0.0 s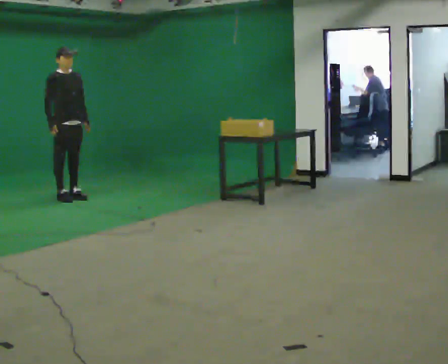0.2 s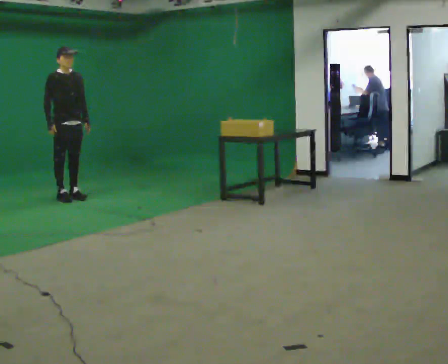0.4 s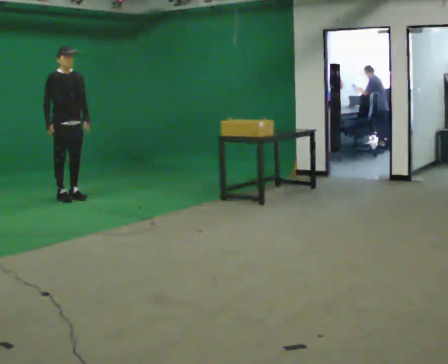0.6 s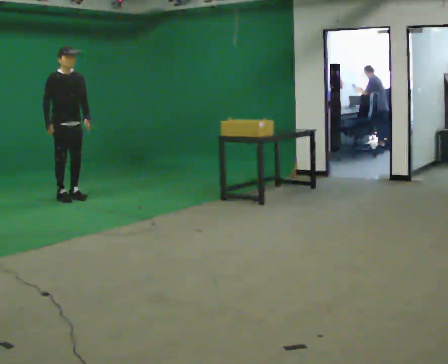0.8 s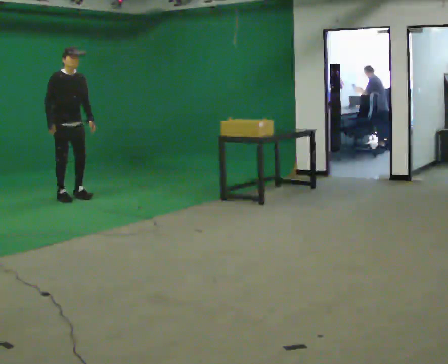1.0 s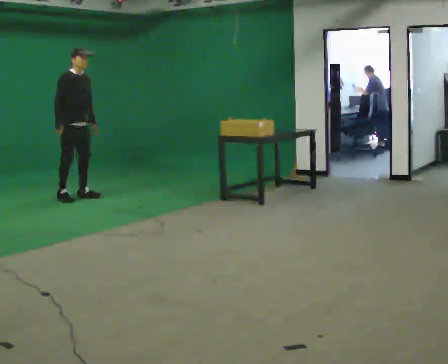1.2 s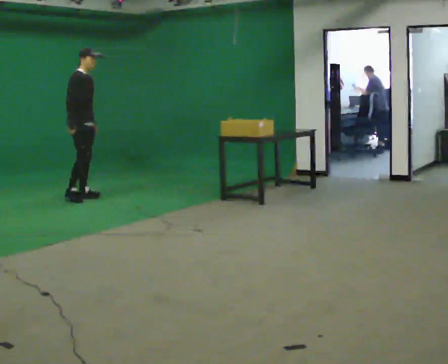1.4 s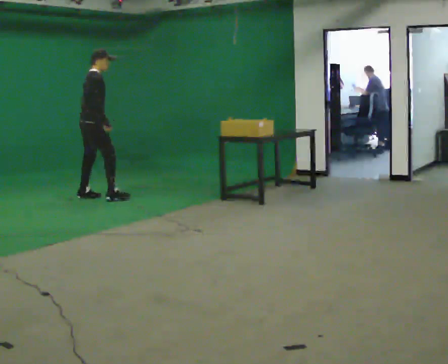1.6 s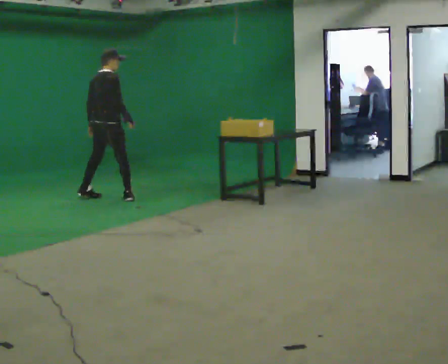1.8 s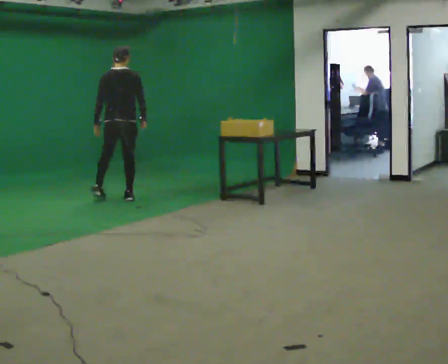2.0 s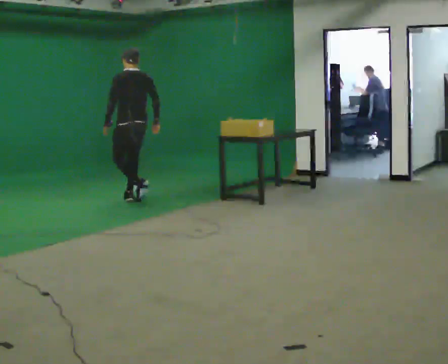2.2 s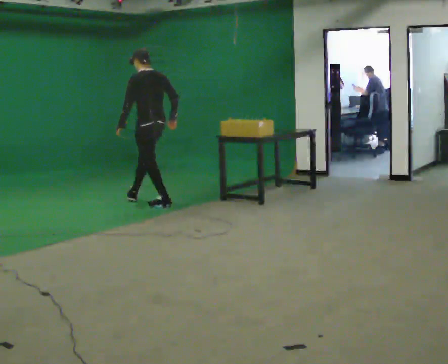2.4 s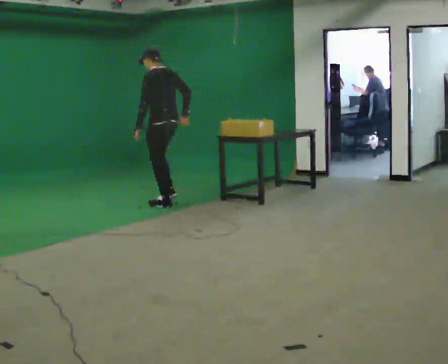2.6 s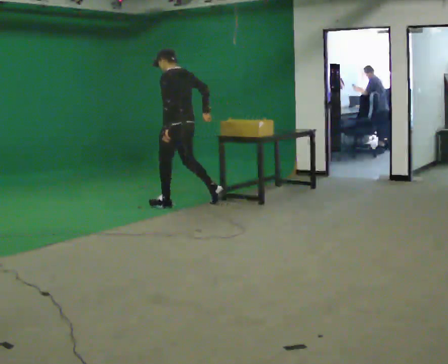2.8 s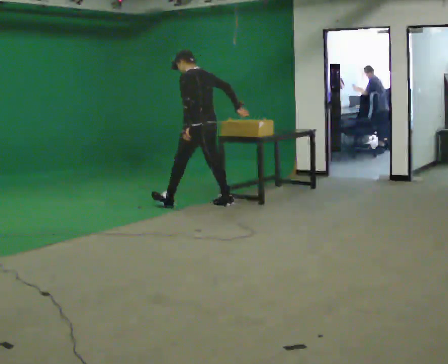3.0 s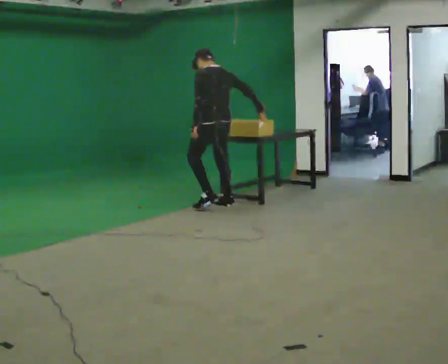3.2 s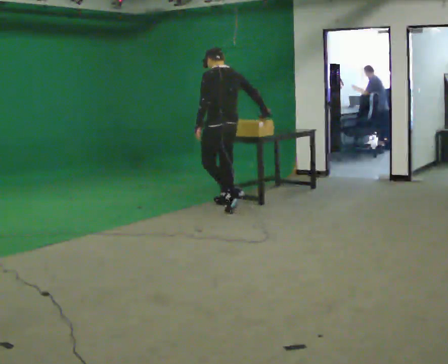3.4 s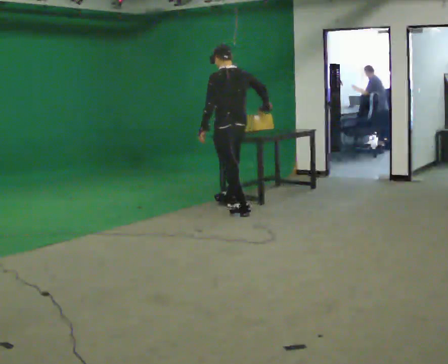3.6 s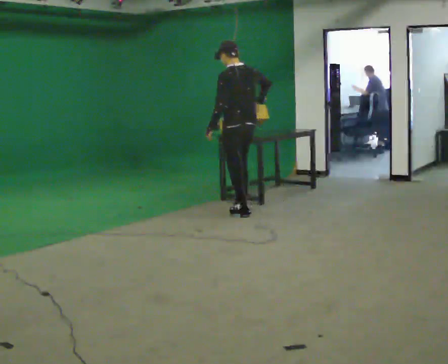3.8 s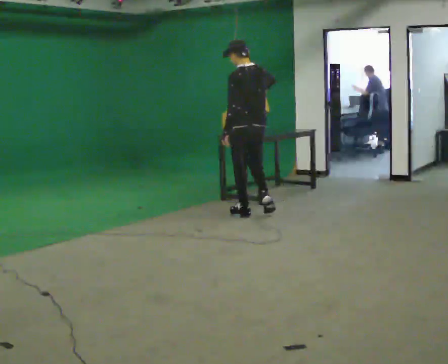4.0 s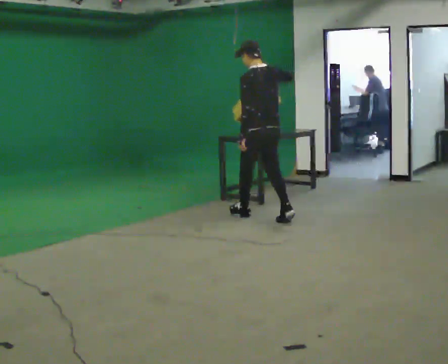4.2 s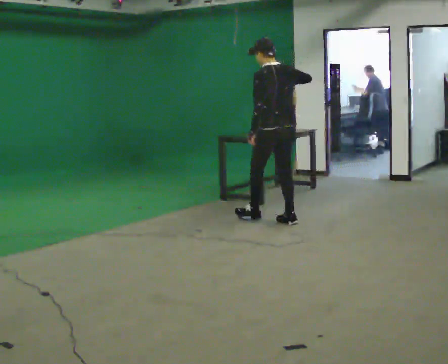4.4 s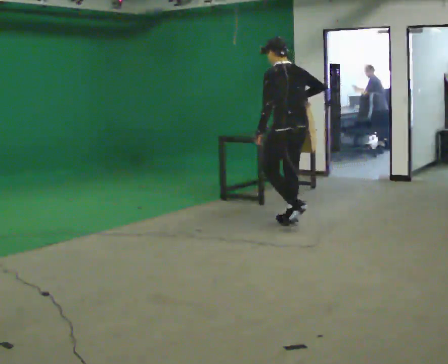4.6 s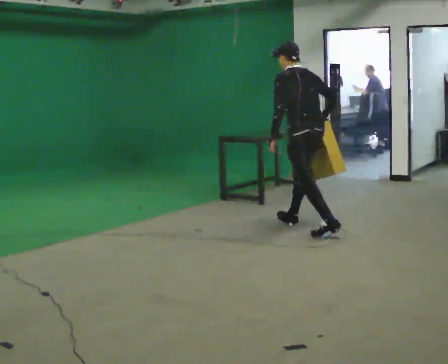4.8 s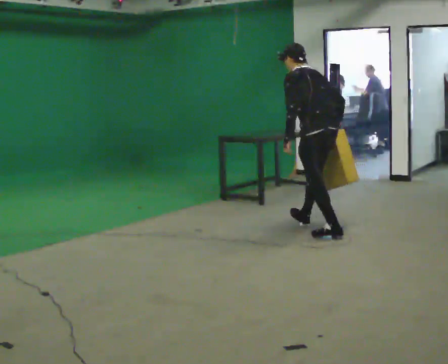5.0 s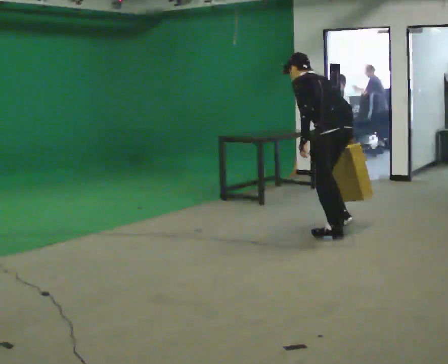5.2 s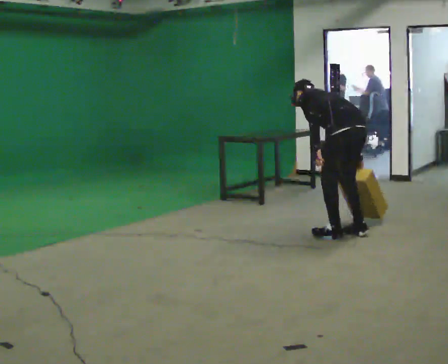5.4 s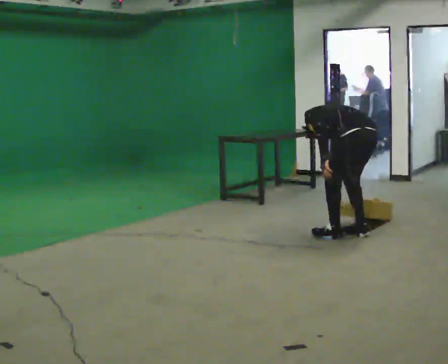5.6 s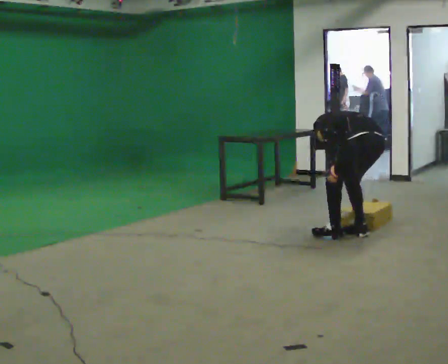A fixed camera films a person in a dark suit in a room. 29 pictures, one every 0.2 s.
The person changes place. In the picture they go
to the right.
0.0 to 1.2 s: The person moves a little, or ends about where they began.
1.2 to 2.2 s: The person turns about 150 degrees to their left, counterclockwise seen from above, so the part of the body nearest the lens slides to the right. In the picture they go to the right, about 1 m in 2 steps.
2.2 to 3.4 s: In the picture they go to the right and toward the camera, about 1 m in 1 step, which for them is backward.
3.4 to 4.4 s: In the picture they go toward the camera and to the right, about 1 m in 2 steps, which for them is backward.
4.4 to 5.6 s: In the picture they go toward the camera and to the right, about 1 m in 1 step, which for them is backward. The upper body goes downward. The upper body tips away from the camera, its near side rolling upward, as they bend forward. In the picture their right hand goes downward.
The film runs backward here.
